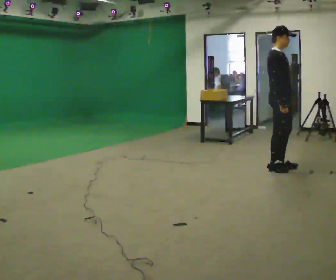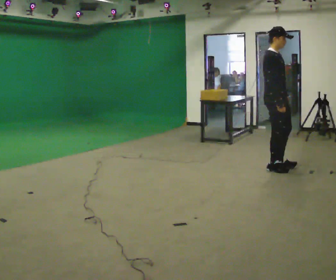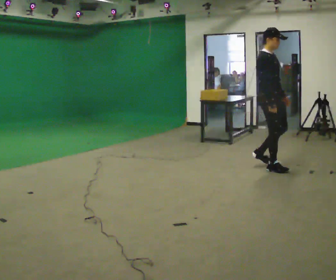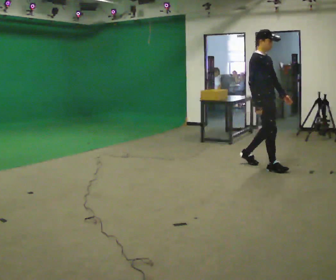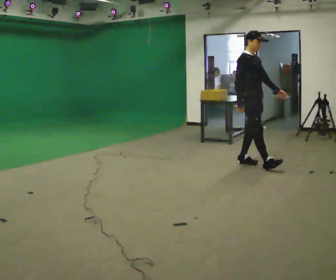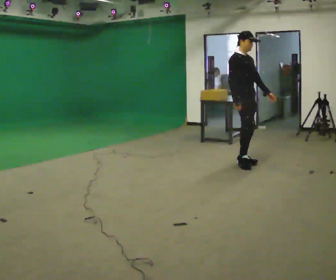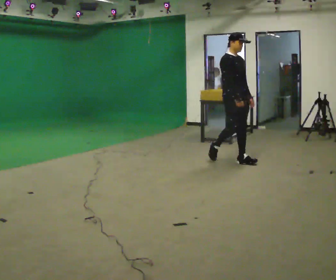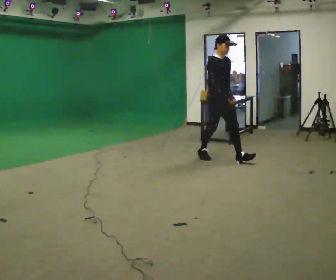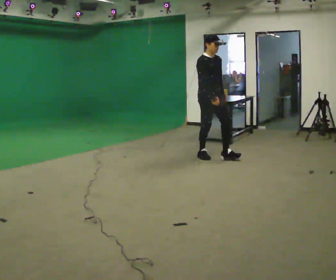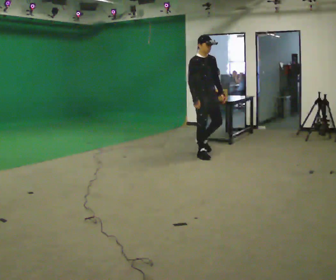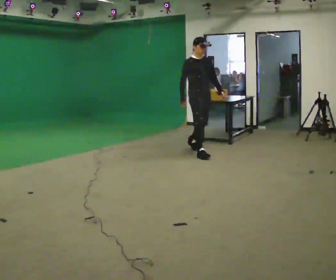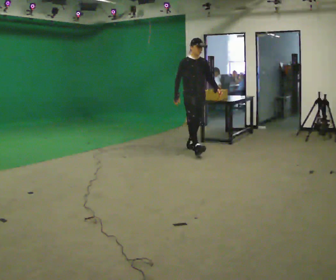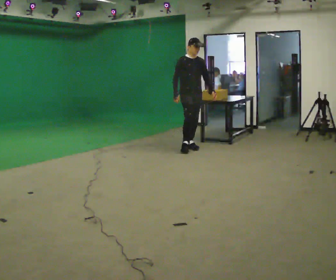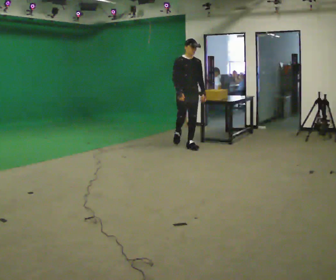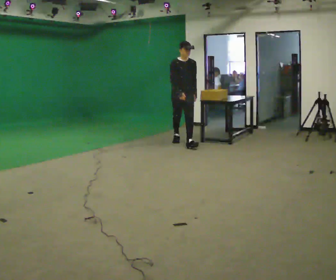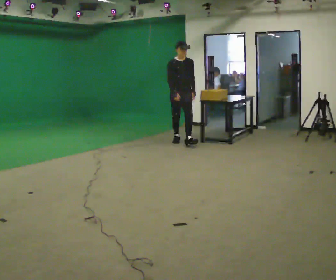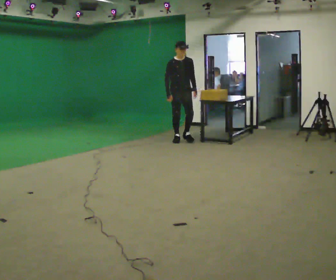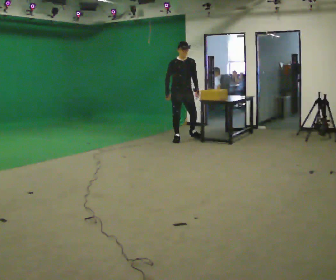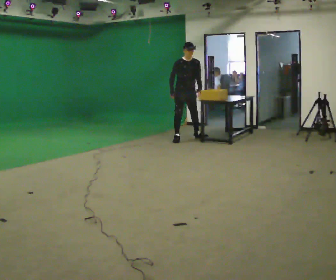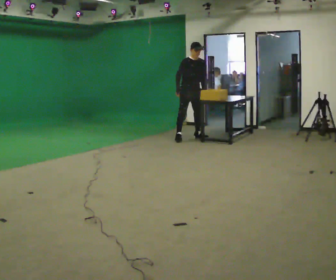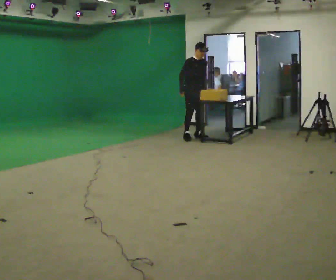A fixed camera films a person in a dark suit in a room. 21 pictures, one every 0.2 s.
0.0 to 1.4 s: In the picture they go to the left and away from the camera, about 1 m in 3 steps, which for them is backward.
1.4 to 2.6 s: In the picture they go away from the camera and to the left, about 1 m in 1 step, which for them is backward.
2.6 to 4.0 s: In the picture they go away from the camera, about 1 m in 2 steps, which for them is backward.
The film runs backward here.
